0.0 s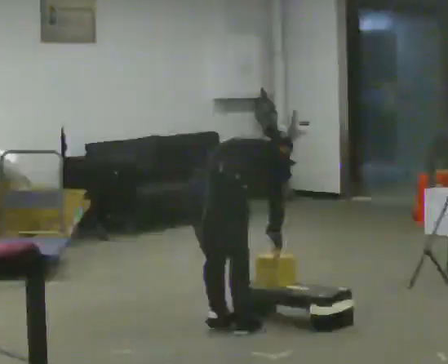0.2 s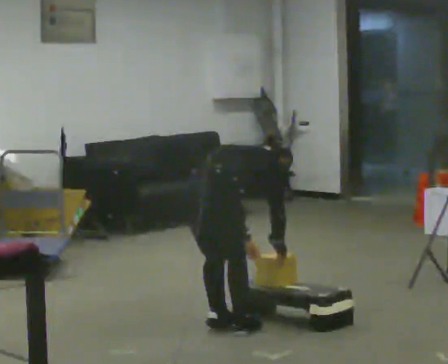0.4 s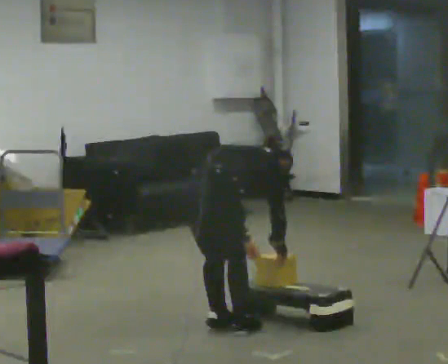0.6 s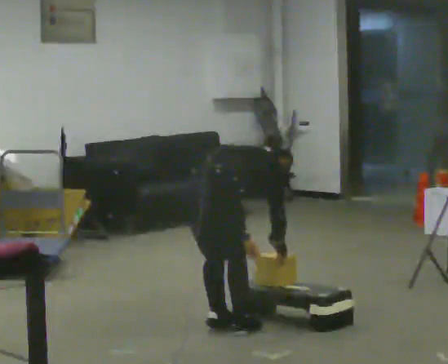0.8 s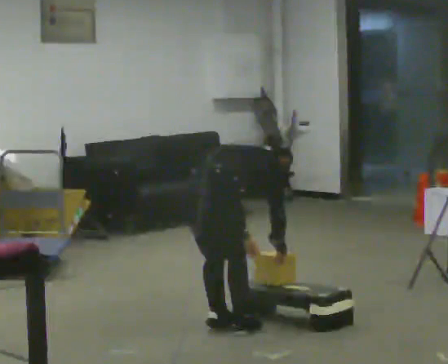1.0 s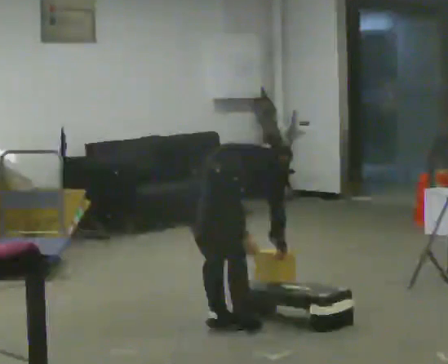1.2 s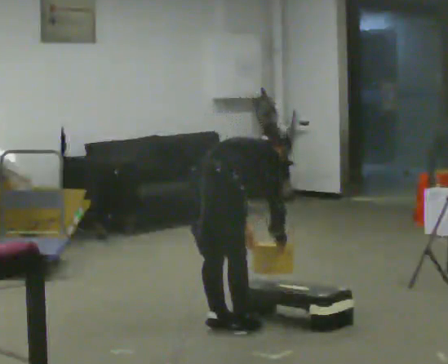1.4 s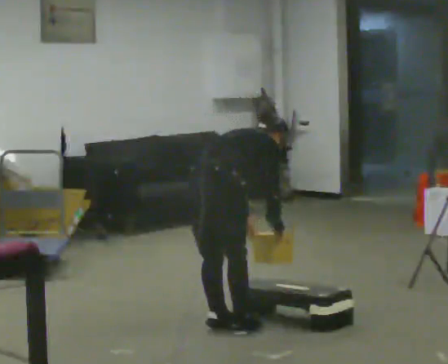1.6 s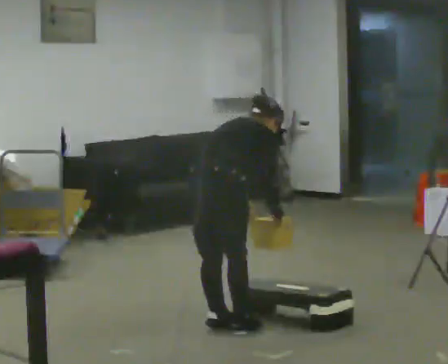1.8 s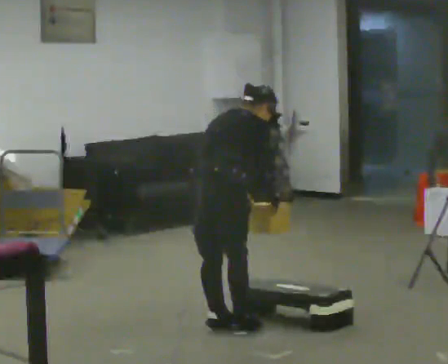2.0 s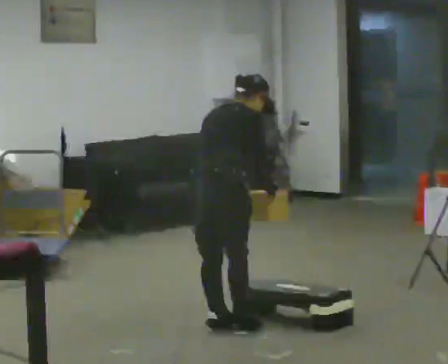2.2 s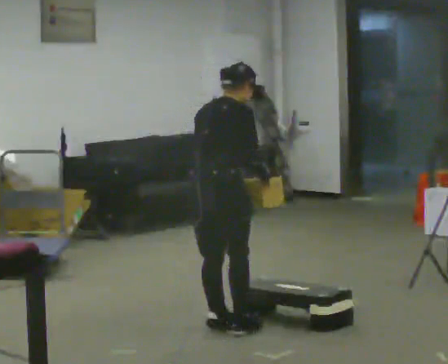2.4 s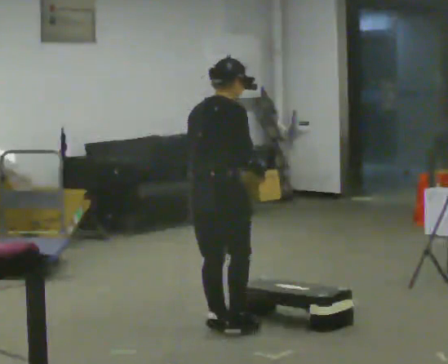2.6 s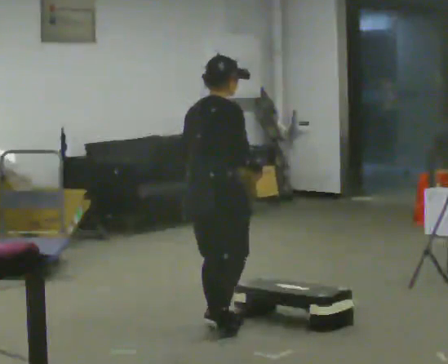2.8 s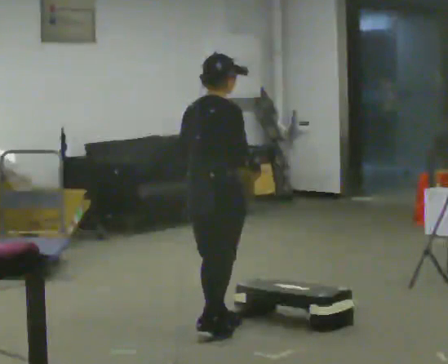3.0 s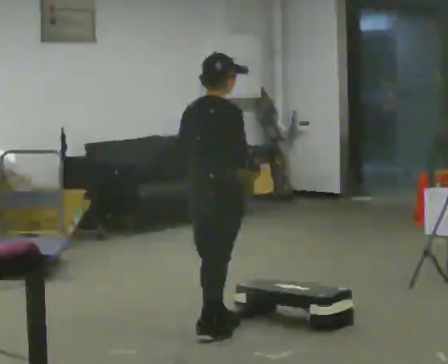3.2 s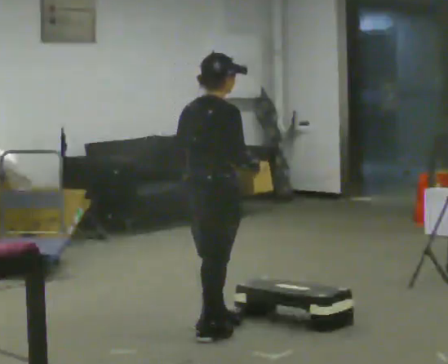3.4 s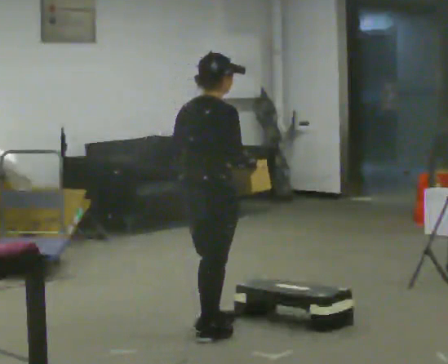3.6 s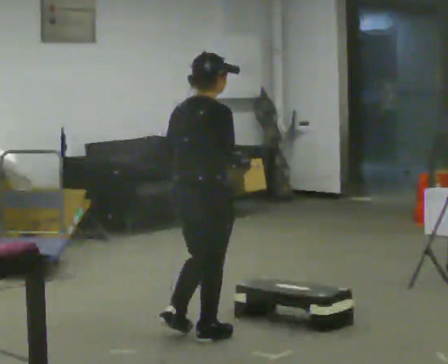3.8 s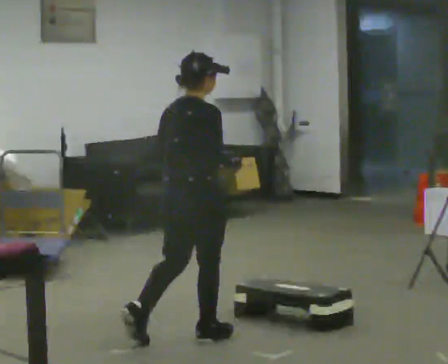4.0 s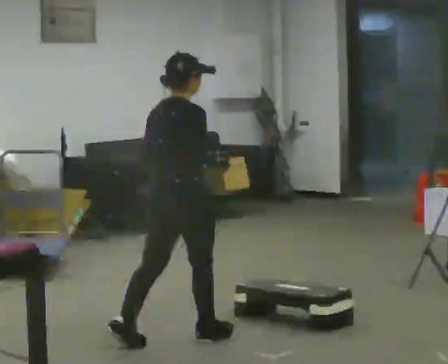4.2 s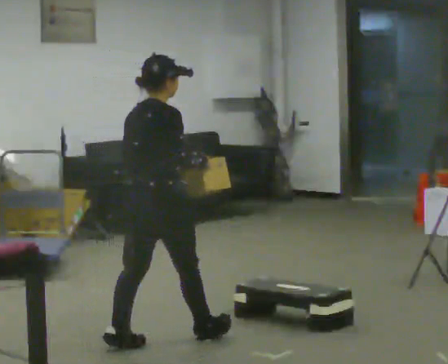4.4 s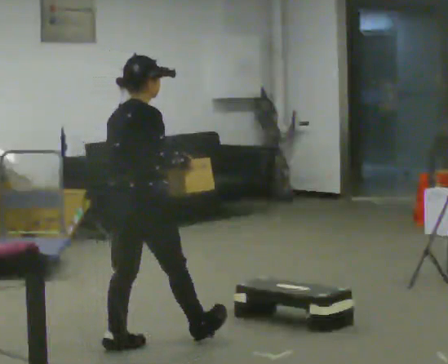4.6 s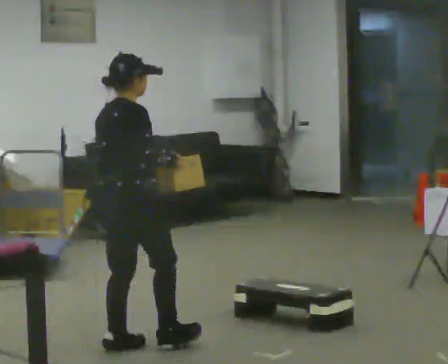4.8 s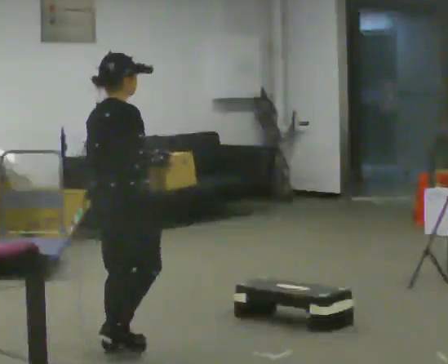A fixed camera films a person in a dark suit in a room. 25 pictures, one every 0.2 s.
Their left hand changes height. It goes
upward.
Their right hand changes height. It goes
upward.
0.0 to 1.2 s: The person moves a little, or ends about where they began.
1.2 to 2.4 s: The upper body goes upward. In the picture the upper body tilts counterclockwise, shoulders to the left, as they lean back or straighten. In the picture their right hand goes upward.
2.4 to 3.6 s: In the picture they go toward the camera, about 0.25 m in 1 step, which for them is backward.
3.6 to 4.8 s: In the picture they go to the left and toward the camera, about 0.5 m in 1 step, which for them is backward.
The film runs backward here.
